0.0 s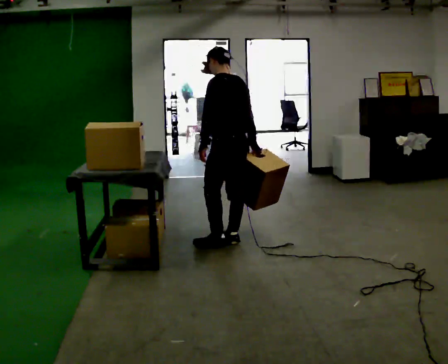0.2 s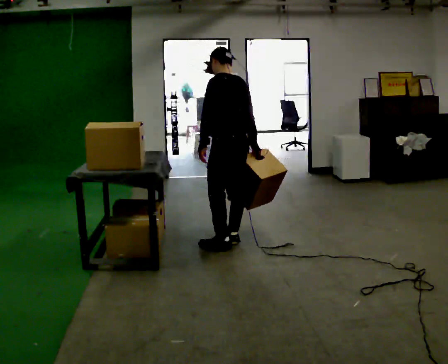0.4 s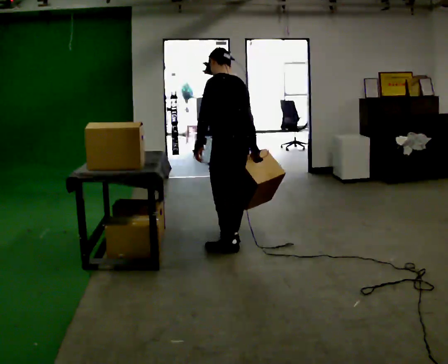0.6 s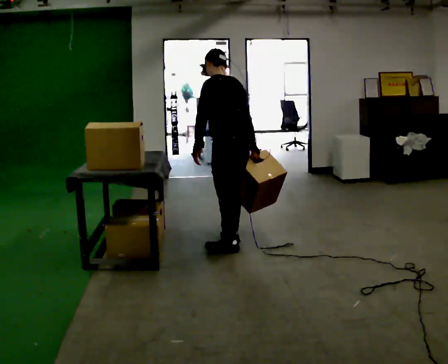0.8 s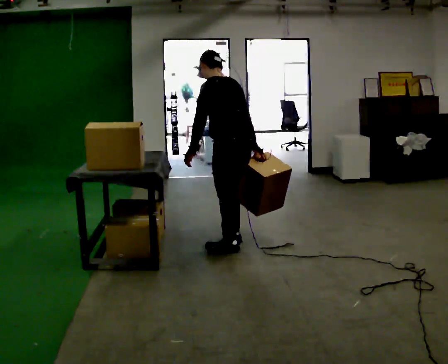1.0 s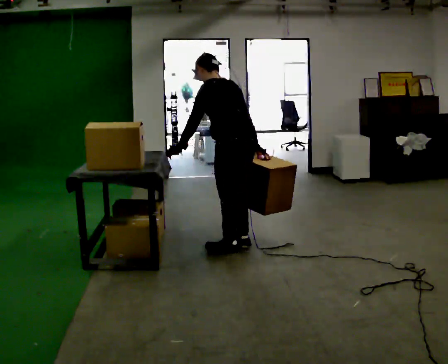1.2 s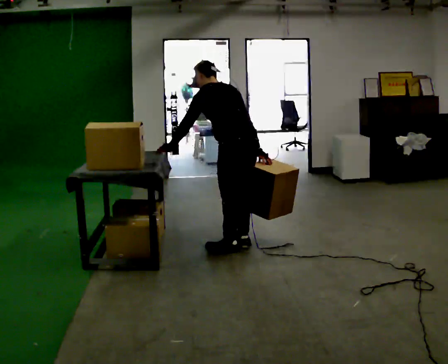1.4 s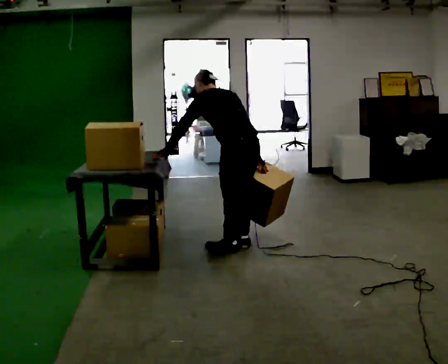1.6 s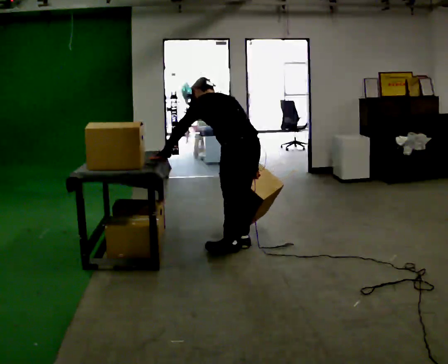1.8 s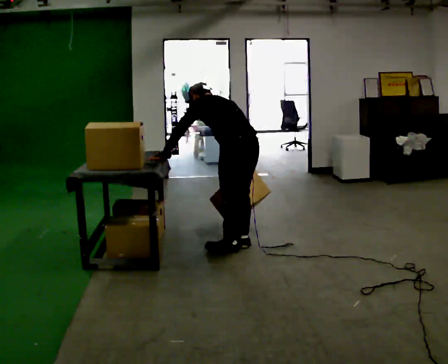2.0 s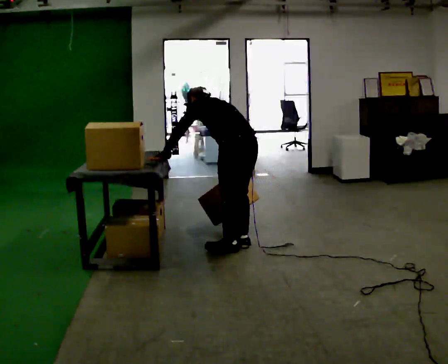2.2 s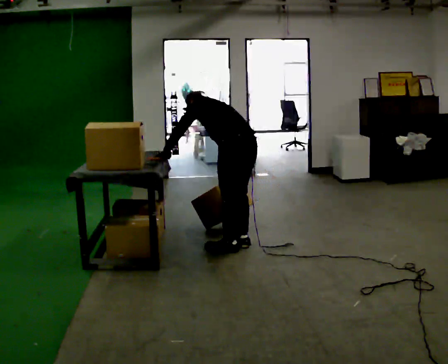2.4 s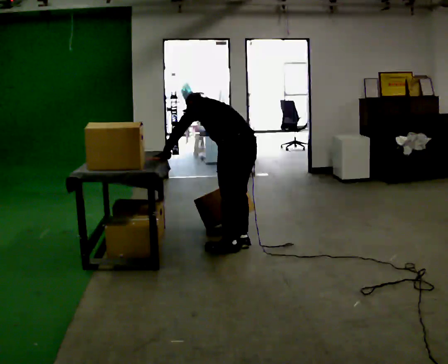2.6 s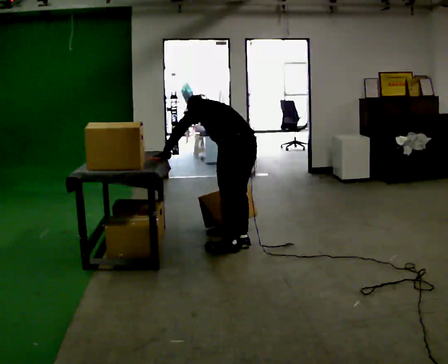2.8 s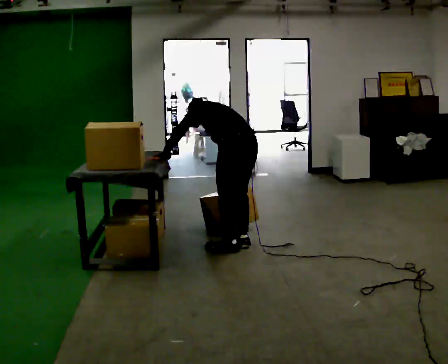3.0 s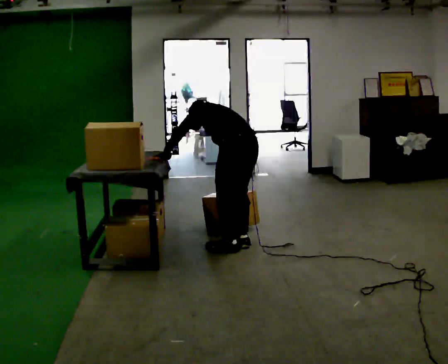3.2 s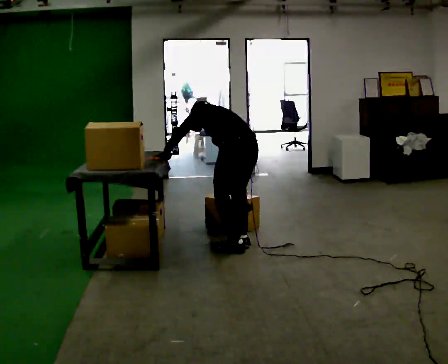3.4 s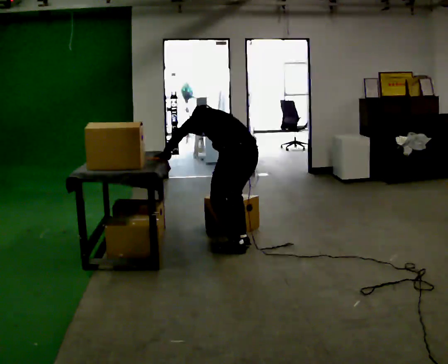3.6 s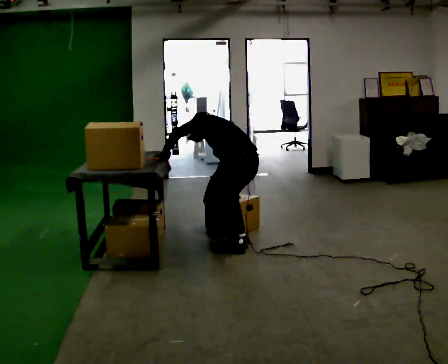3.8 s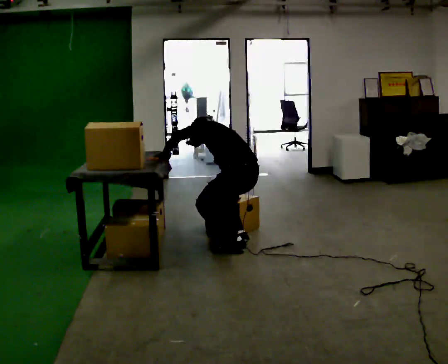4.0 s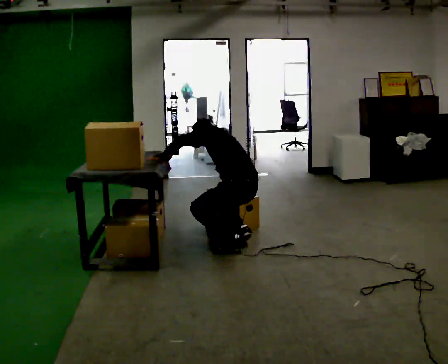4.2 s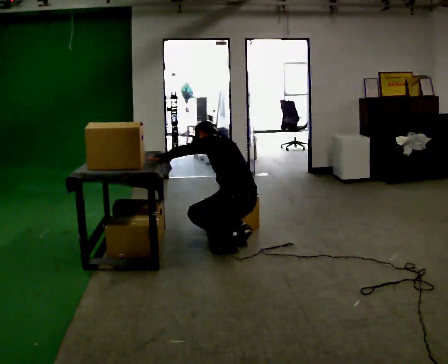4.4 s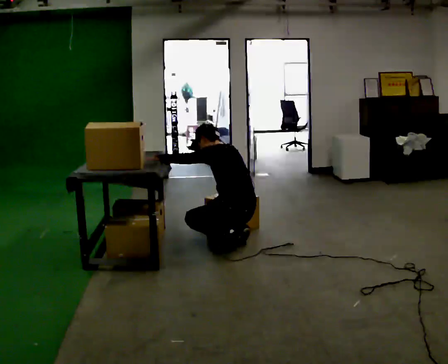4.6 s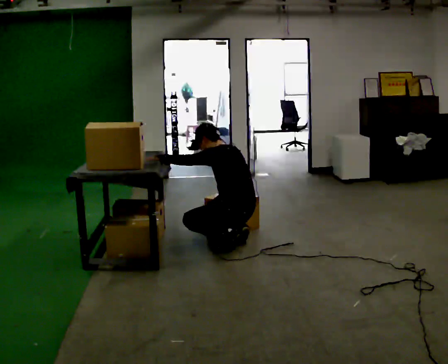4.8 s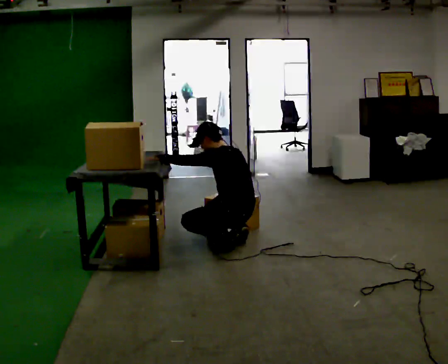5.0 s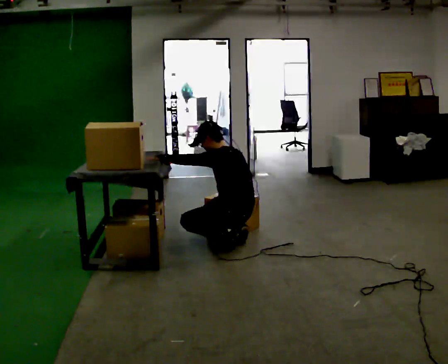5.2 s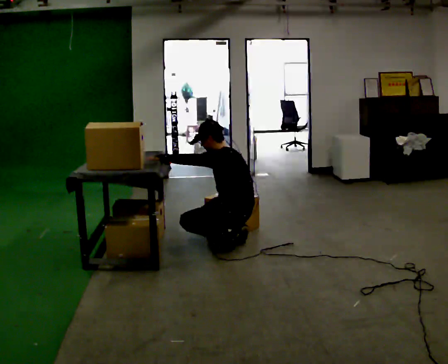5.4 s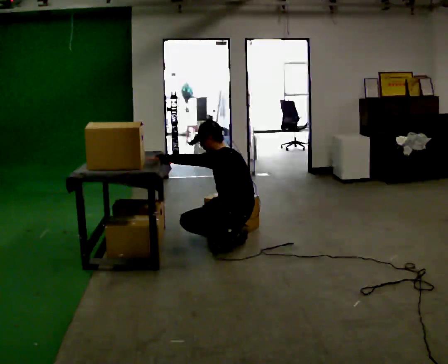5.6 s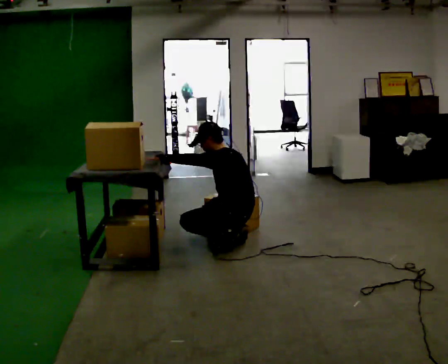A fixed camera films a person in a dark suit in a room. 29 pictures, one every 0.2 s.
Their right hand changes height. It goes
downward.
Their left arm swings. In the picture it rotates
clockwise.
0.0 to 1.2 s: In the picture they go toward the camera, about 0.25 m in 2 steps, which for them is backward and to their left. In the picture the upper body tilts counterclockwise, shoulders to the left, as they bend forward.
1.2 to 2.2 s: The shoulders move downward. The upper body tips away from the camera, its near side rolling upward, as they bend forward.
2.2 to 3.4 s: The person moves a little, or ends about where they began.
3.4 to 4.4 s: The upper body goes downward. The upper body tips toward the camera, its near side rolling downward, as they lean back or straighten.
4.4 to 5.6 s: The person moves a little, or ends about where they began.
The film runs forward here.
